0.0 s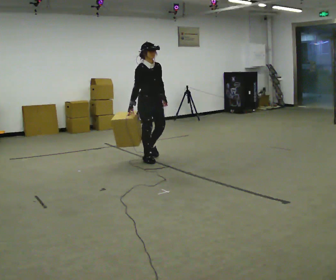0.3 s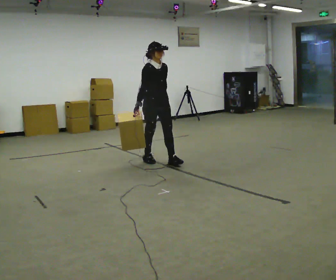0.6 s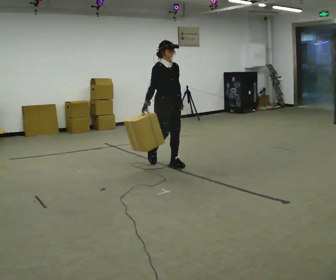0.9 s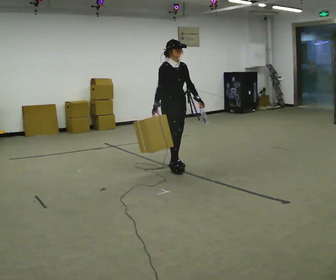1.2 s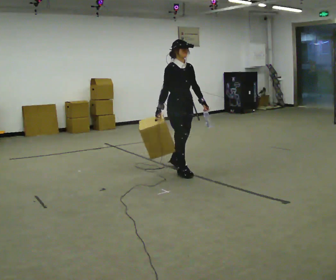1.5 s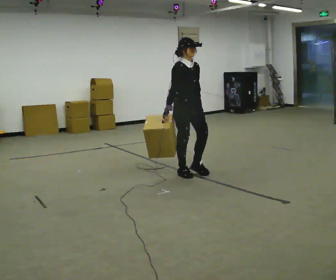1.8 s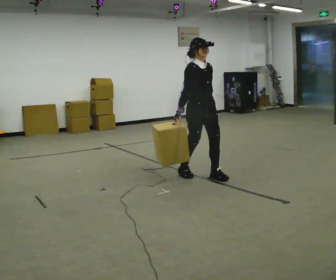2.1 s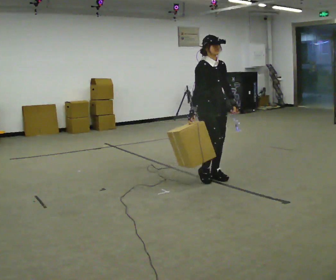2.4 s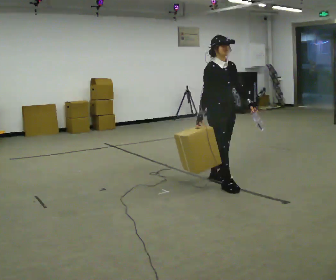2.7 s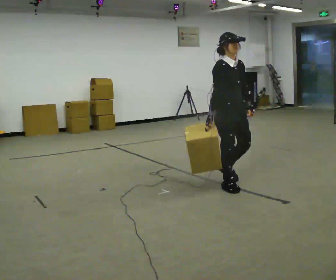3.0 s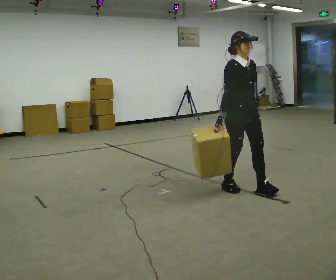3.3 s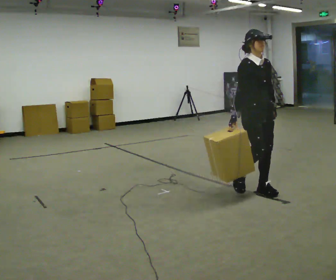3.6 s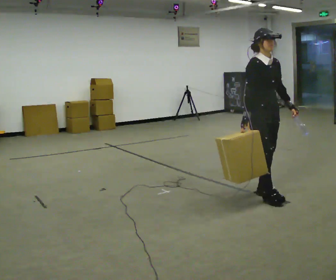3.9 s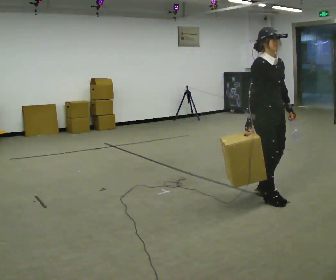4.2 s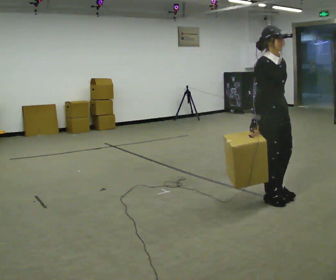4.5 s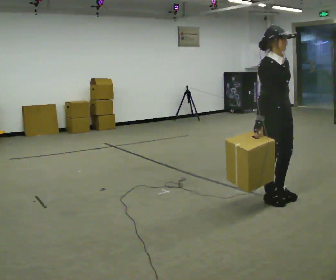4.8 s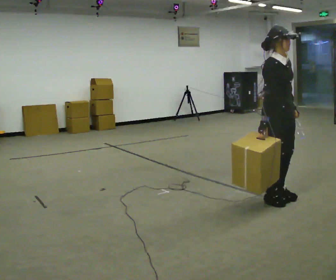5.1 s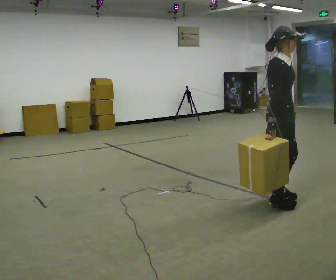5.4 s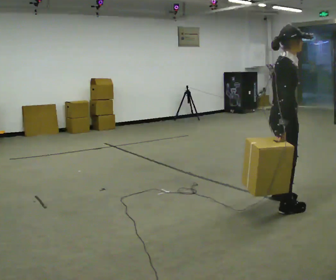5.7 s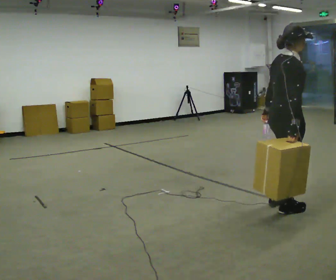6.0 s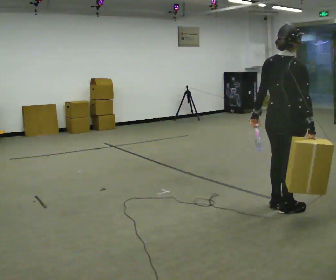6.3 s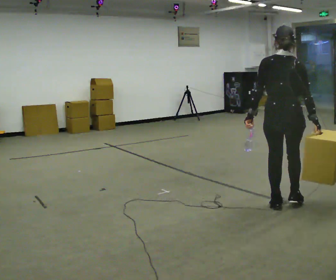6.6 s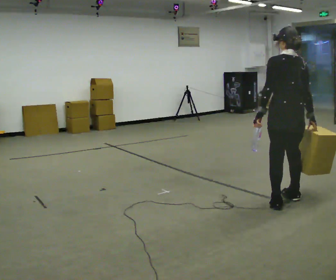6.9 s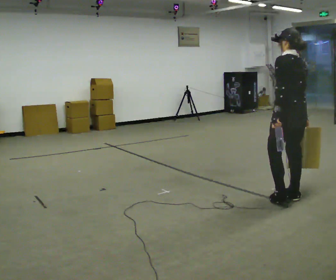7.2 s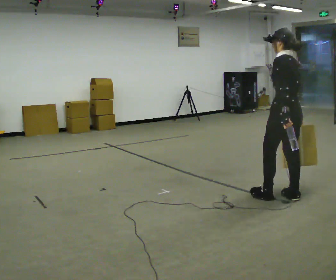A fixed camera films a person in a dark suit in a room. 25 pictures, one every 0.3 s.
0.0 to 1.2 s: In the picture they go to the right and toward the camera, about 0.75 m in 2 steps, which for them is forward.
1.2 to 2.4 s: In the picture they go to the right and toward the camera, about 0.75 m in 2 steps, which for them is forward.
2.4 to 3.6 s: In the picture they go to the right and toward the camera, about 0.5 m in 1 step, which for them is forward.
3.6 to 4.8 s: In the picture they go toward the camera, about 0.25 m in 2 steps, which for them is forward.
4.8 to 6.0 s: Seen from above the body turns counterclockwise, about 90 degrees: to their left, with its near side sliding to the right. In the picture they go toward the camera, about 0.25 m in 2 steps. In the picture their left hand goes to the left, the arm swinging clockwise.
6.0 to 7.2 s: The person turns about 90 degrees to their left, counterclockwise seen from above, so the part of the body nearest the lens slides to the right. In the picture they go away from the camera, about 0.25 m in 1 step.
The film runs forward here.
